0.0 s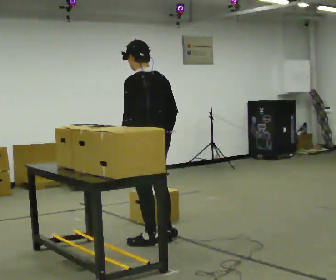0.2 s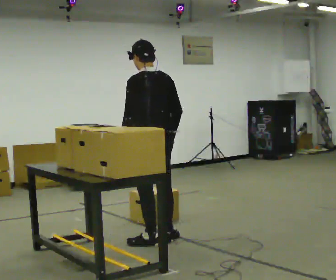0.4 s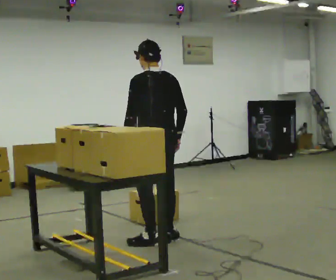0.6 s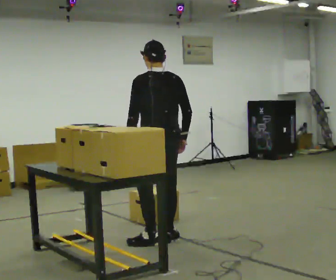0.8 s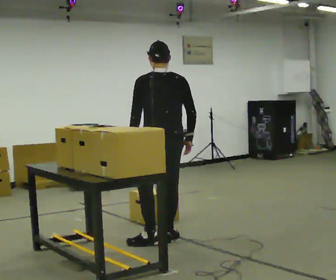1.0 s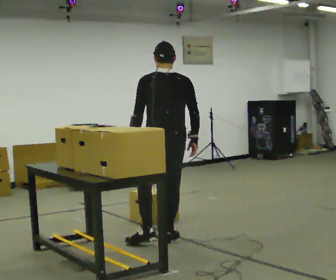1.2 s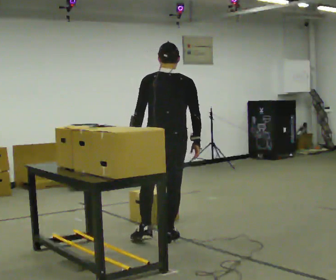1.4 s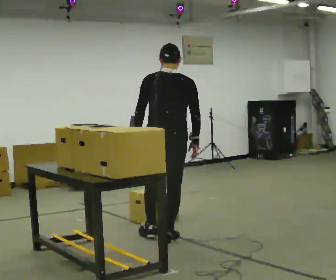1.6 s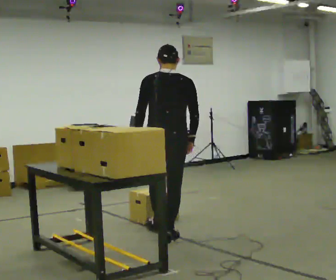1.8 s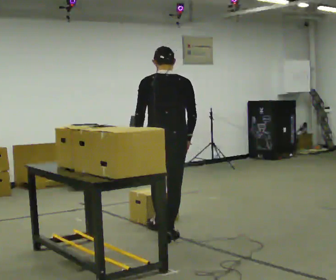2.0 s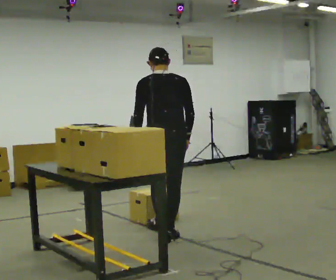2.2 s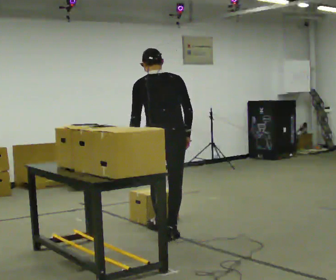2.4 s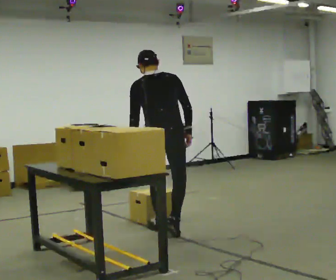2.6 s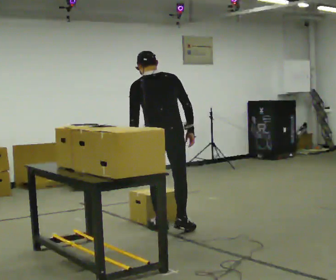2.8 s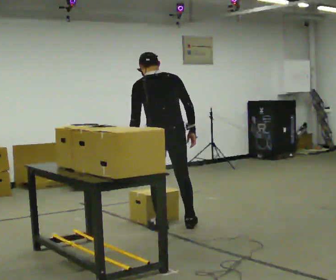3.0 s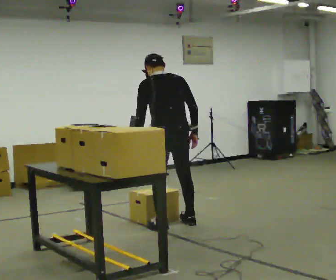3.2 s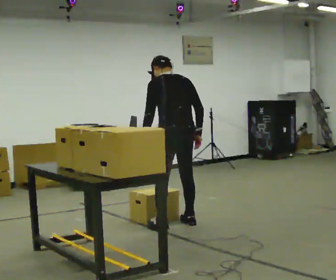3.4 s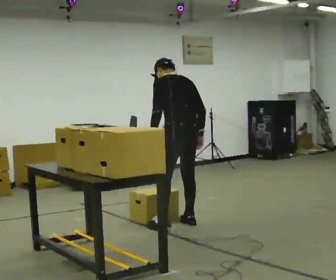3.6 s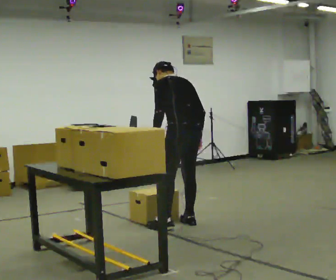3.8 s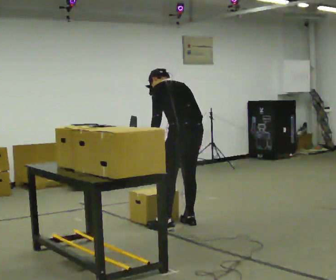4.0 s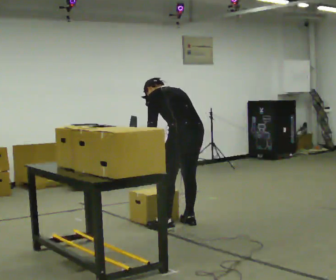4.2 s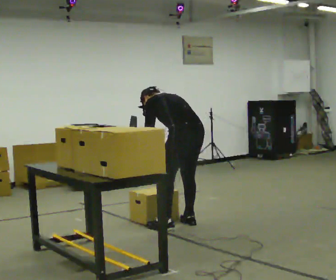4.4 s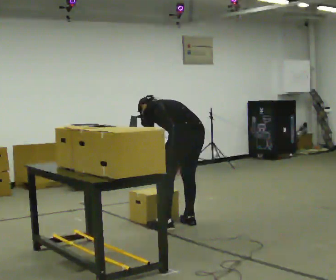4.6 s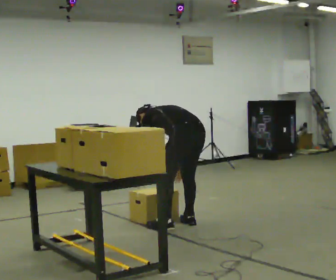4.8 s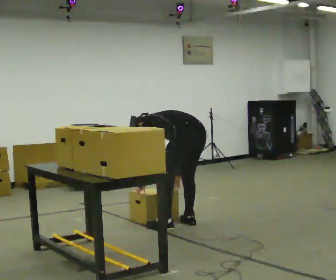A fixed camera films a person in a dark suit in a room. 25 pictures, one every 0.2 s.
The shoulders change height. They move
downward.
The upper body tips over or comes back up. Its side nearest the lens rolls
upward.
0.0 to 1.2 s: The part of the body nearest the lens slides to the left as the person turns to their right by about 45 degrees.
1.2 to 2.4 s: In the picture they go away from the camera, about 0.25 m in 1 step, which for them is forward.
2.4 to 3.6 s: The person turns about 30 degrees to their left, counterclockwise seen from above, so the part of the body nearest the lens slides to the right. In the picture they go to the right and away from the camera, about 0.25 m in 1 step, which for them is to their right and forward. The upper body tips away from the camera, its near side rolling upward, as they bend forward.
3.6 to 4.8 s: The shoulders move downward. In the picture the upper body tilts counterclockwise, shoulders to the left, as they bend forward. In the picture their left hand goes downward.
The film runs forward here.
